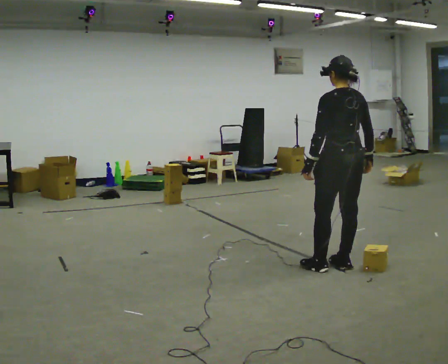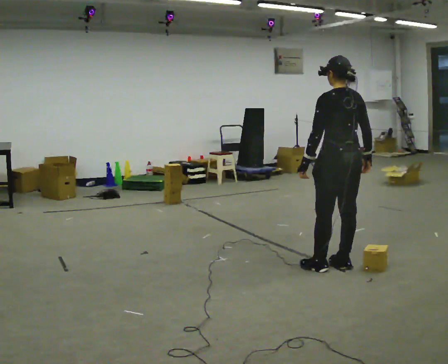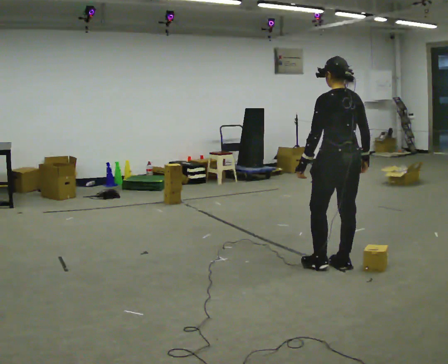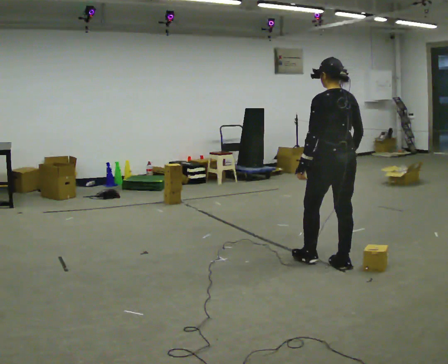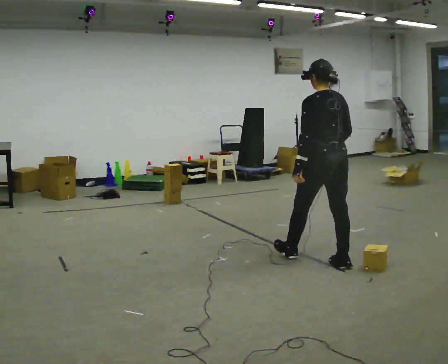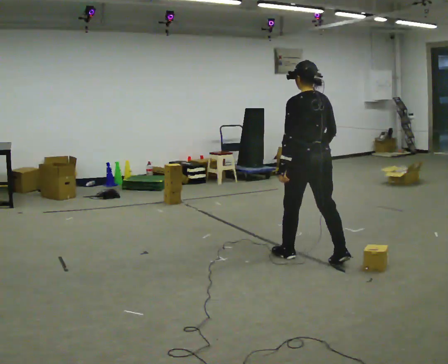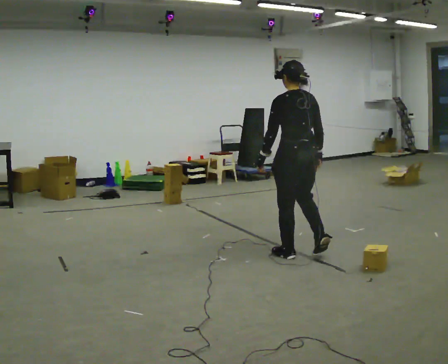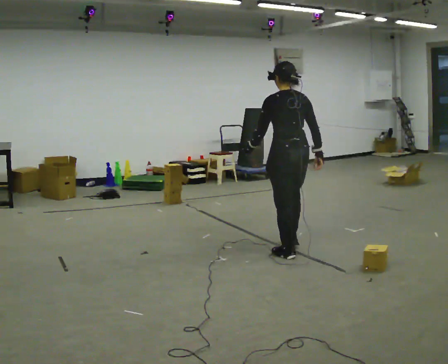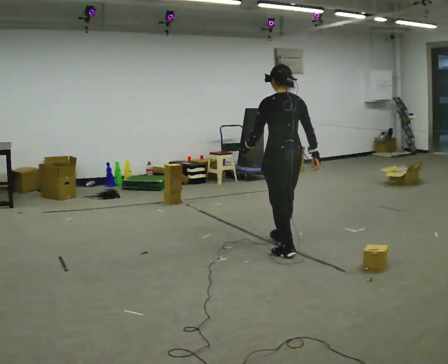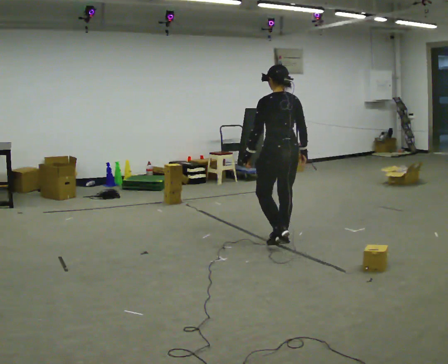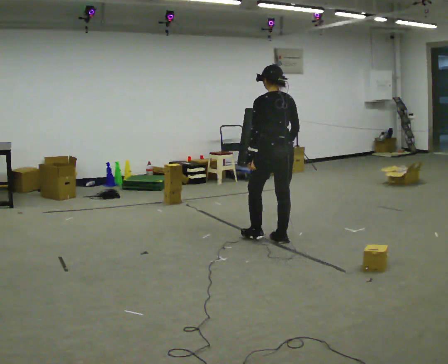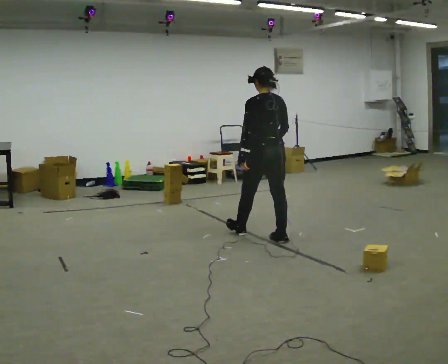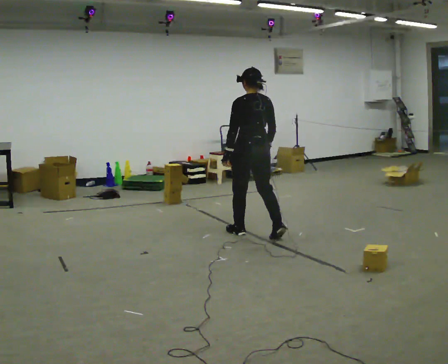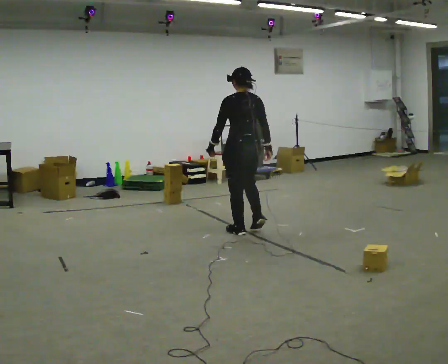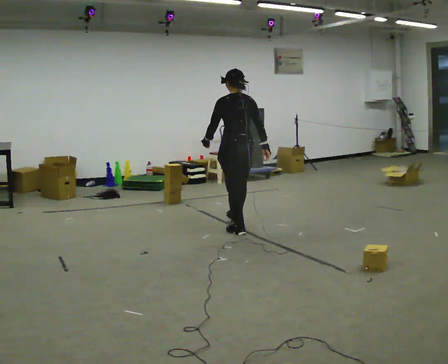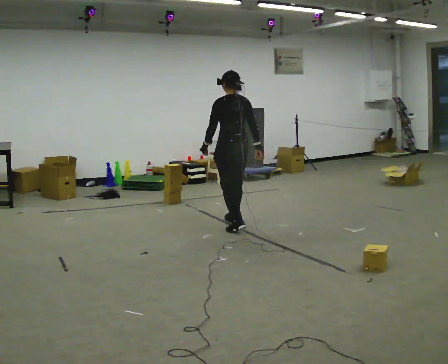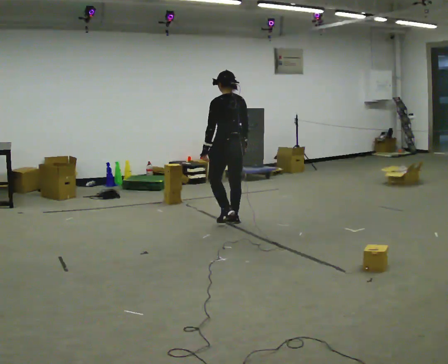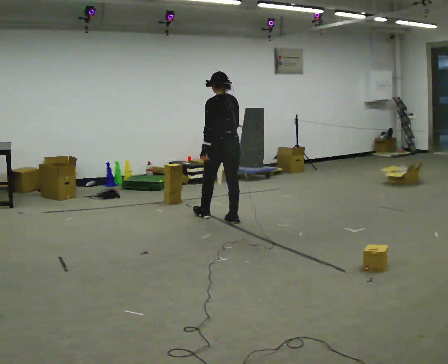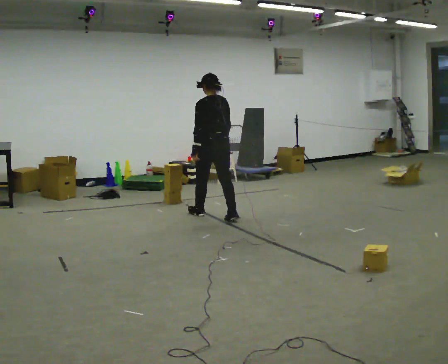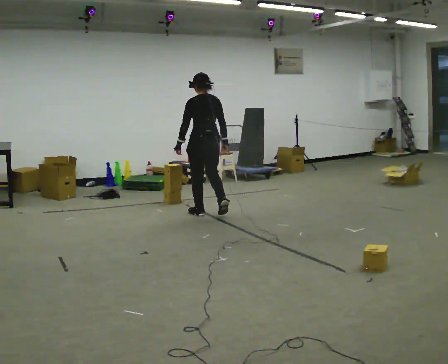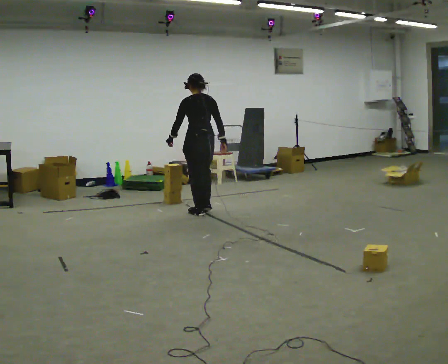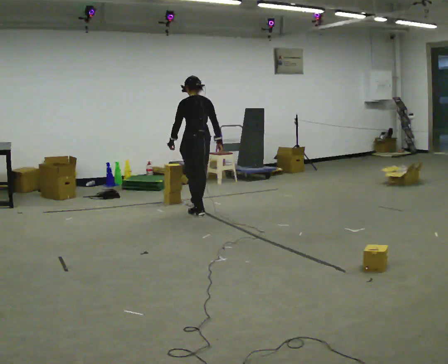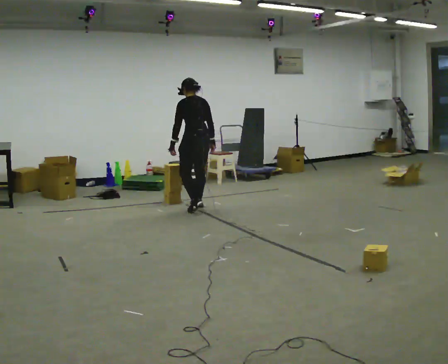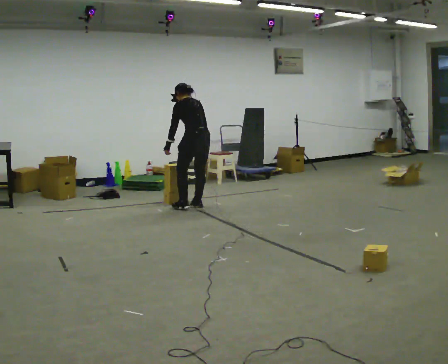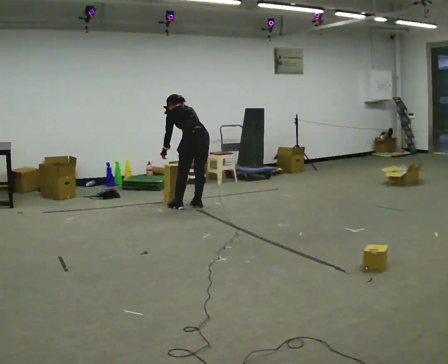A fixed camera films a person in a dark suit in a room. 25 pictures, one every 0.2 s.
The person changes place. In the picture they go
away from the camera.
0.0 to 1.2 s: In the picture they go to the left and away from the camera, about 0.5 m in 1 step, which for them is forward and to their left.
1.2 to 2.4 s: In the picture they go away from the camera and to the left, about 1 m in 2 steps, which for them is forward.
2.4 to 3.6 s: In the picture they go away from the camera and to the left, about 1 m in 2 steps, which for them is forward.
3.6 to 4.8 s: In the picture they go away from the camera and to the left, about 0.5 m in 2 steps, which for them is forward. The shoulders move downward. The upper body tips away from the camera, its near side rolling upward, as they bend forward.
The film runs forward here.
